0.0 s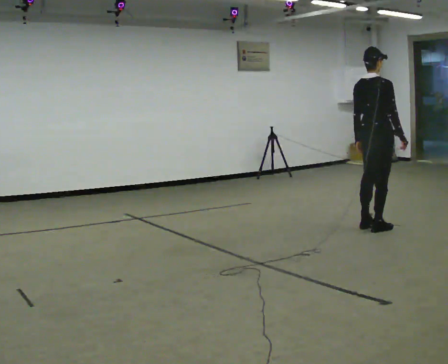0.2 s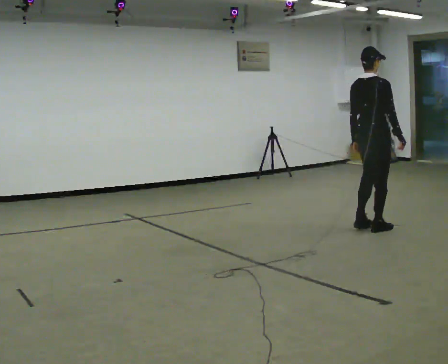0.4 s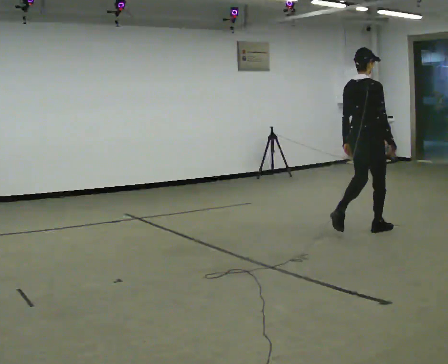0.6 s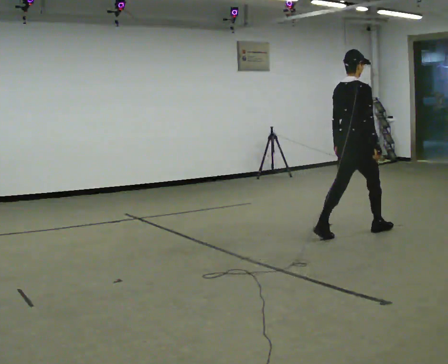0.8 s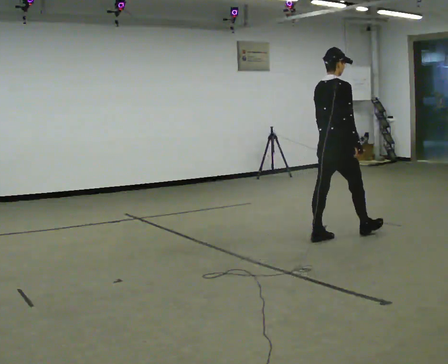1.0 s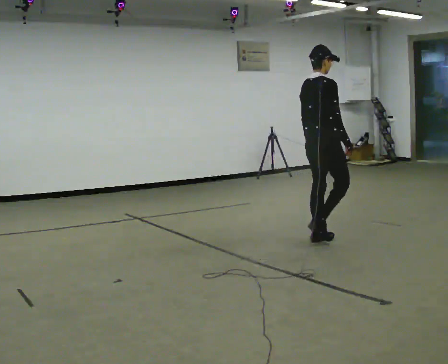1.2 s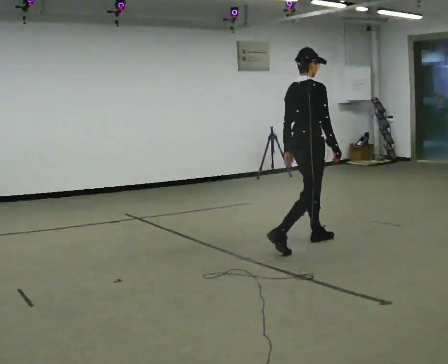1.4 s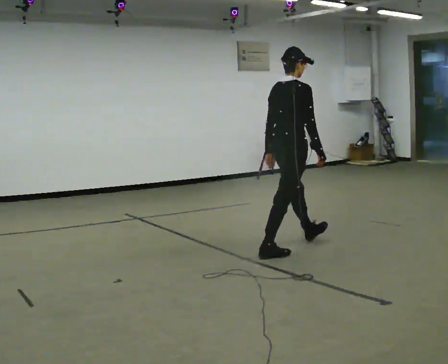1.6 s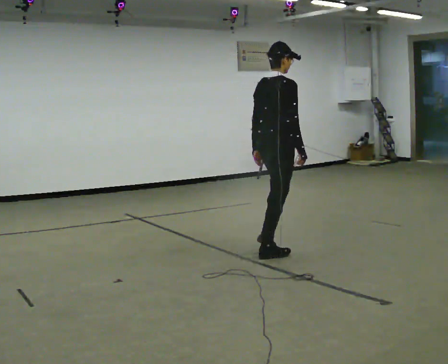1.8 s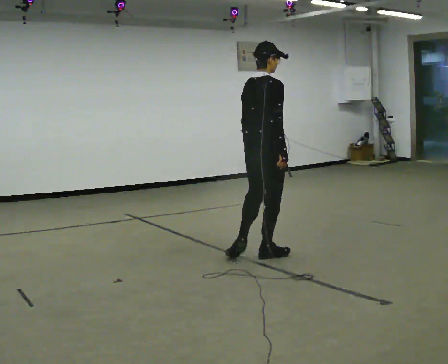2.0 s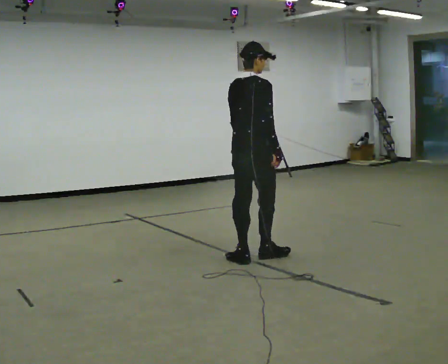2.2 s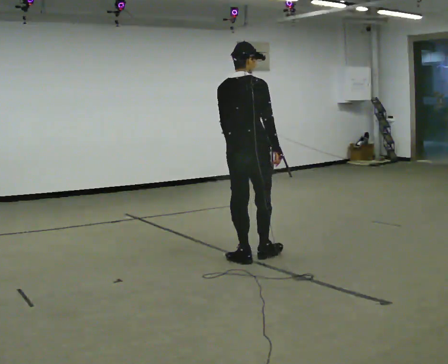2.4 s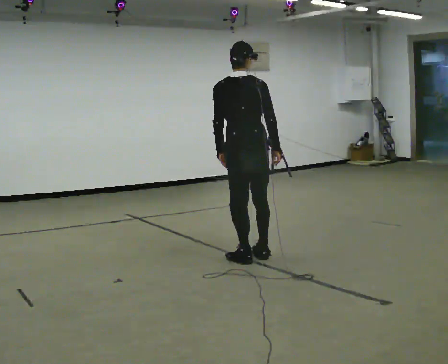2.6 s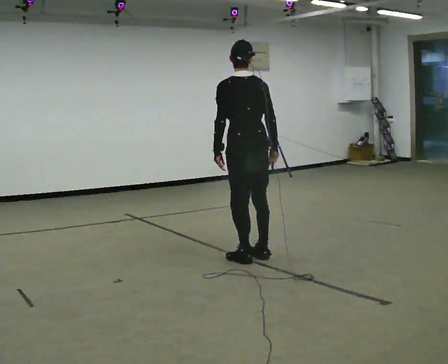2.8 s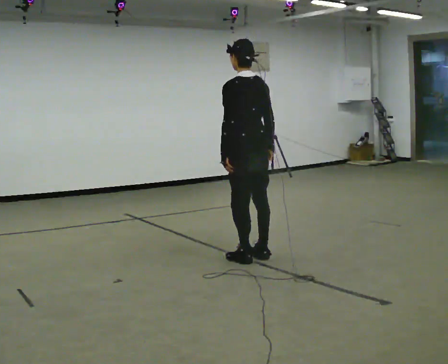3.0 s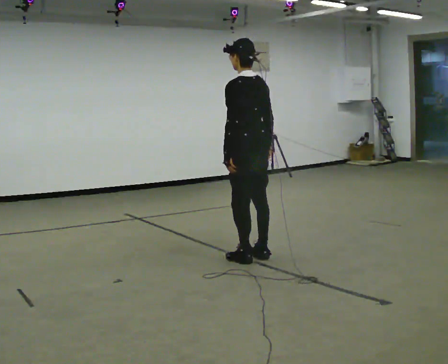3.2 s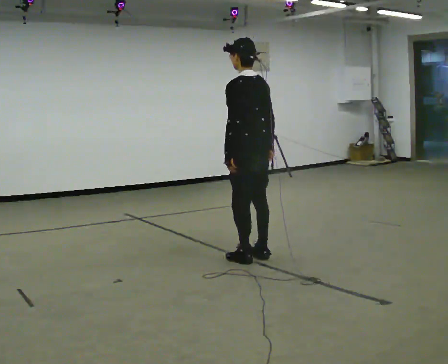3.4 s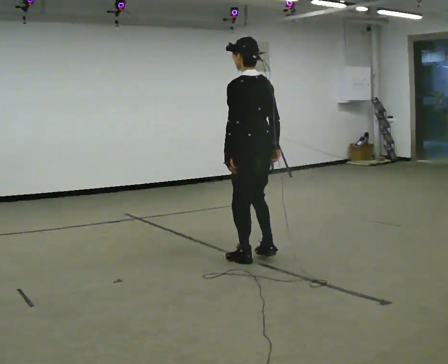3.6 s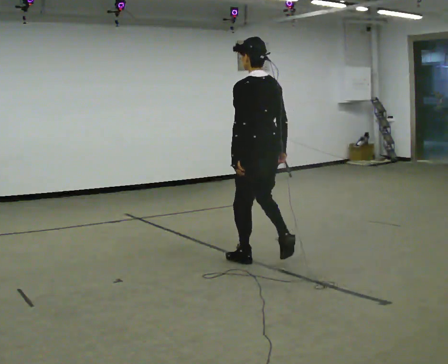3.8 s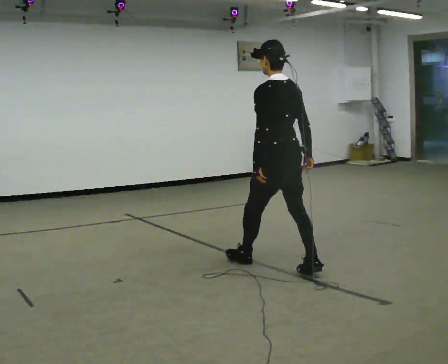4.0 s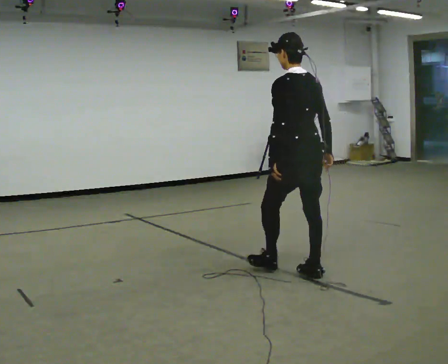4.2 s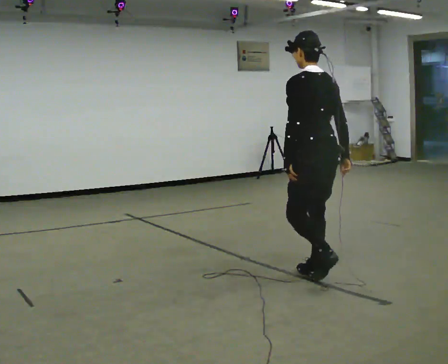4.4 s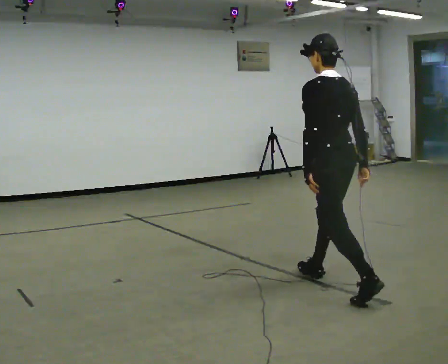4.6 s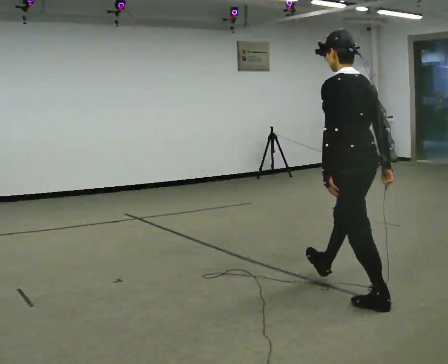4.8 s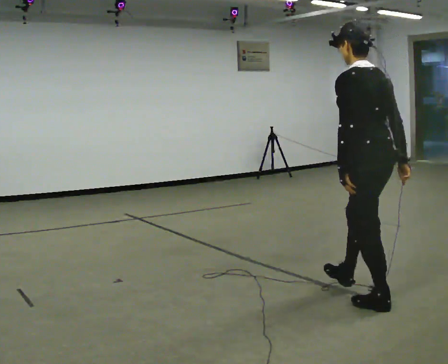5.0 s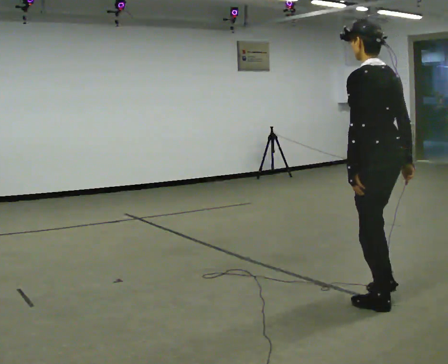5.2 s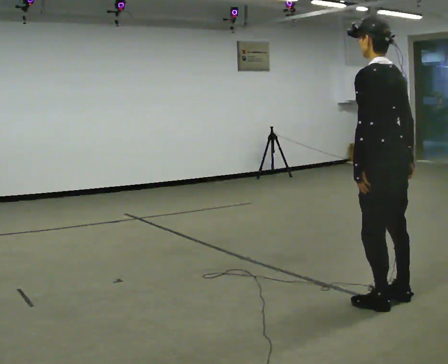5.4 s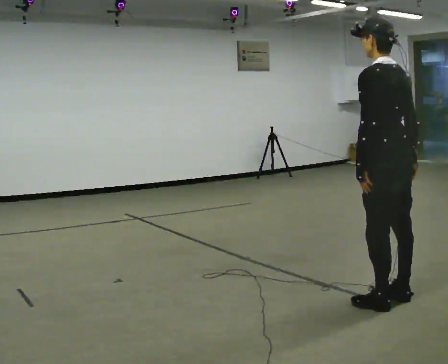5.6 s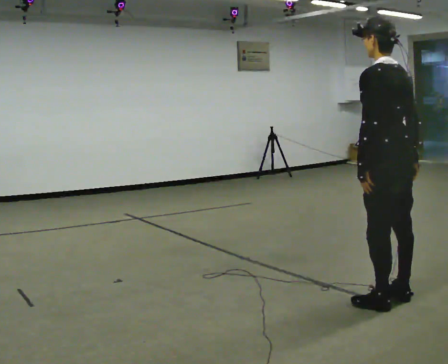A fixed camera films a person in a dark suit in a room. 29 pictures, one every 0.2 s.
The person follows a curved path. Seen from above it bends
counterclockwise.
The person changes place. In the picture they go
toward the camera.
0.0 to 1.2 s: In the picture they go to the left and toward the camera, about 1 m in 2 steps, which for them is backward.
1.2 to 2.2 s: The part of the body nearest the lens slides to the right as the person turns to their left by about 30 degrees. In the picture they go to the left and toward the camera, about 0.75 m in 1 step, which for them is backward.
2.2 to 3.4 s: Seen from above the body turns counterclockwise, about 60 degrees: to their left, with its near side sliding to the right.
3.4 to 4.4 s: In the picture they go toward the camera and to the right, about 1 m in 1 step, which for them is backward.
4.4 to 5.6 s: In the picture they go toward the camera and to the right, about 0.5 m in 1 step, which for them is backward.
The film runs backward here.
